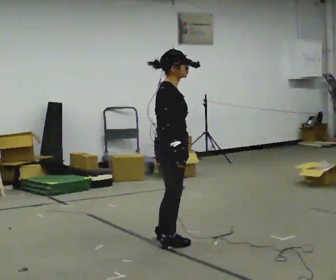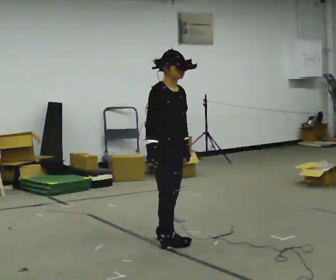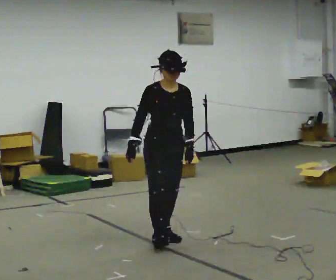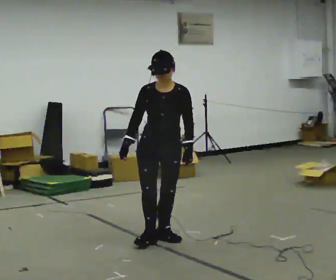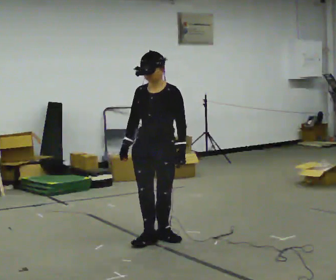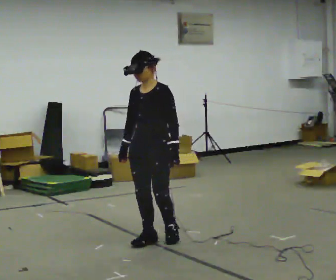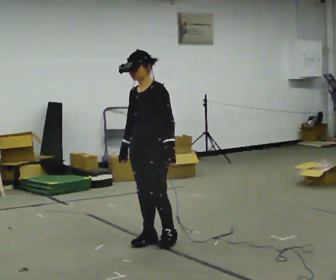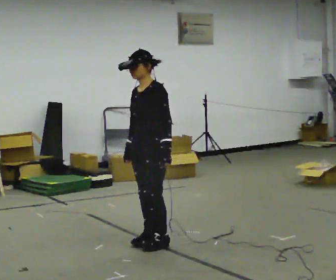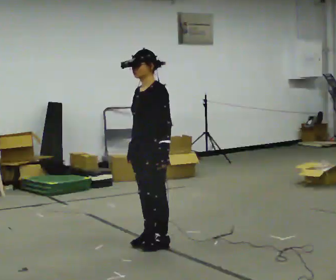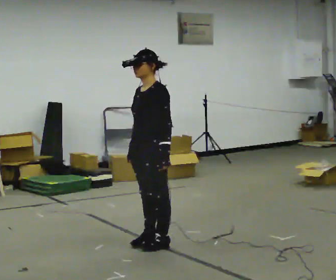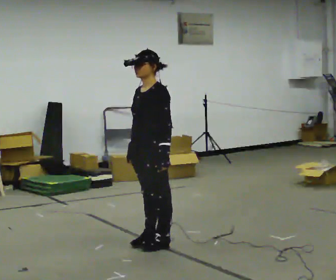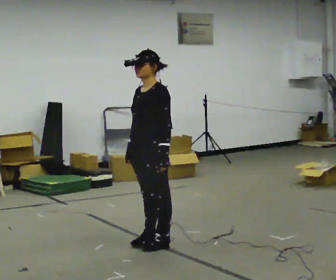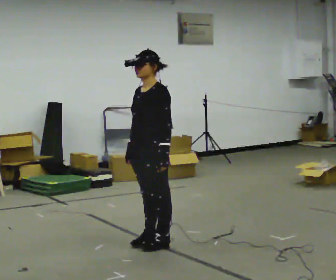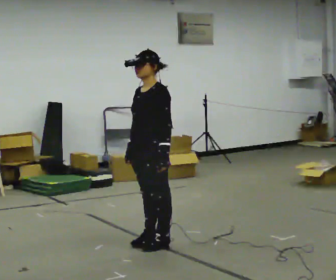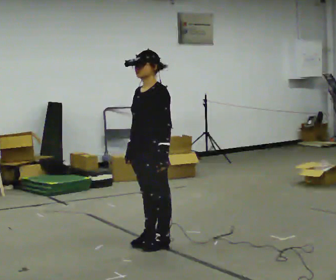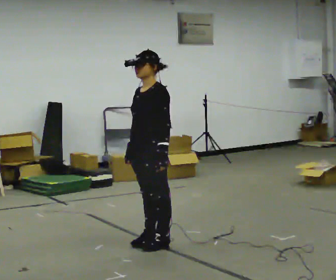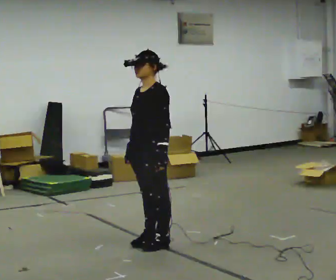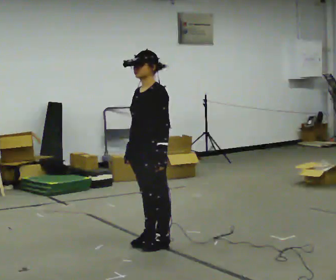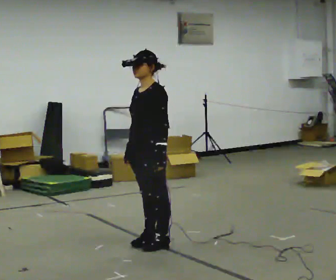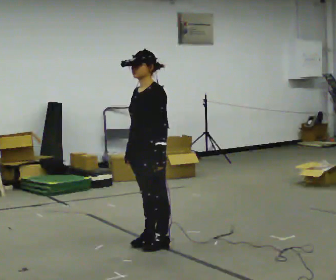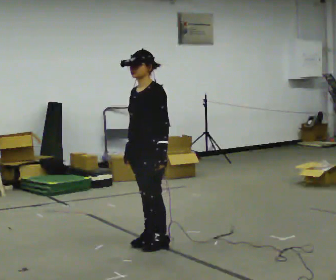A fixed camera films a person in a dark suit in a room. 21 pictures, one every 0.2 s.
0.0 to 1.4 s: The person turns about 150 degrees to their right, clockwise seen from above, so the part of the body nearest the lens slides to the left. In the picture their right hand goes to the left.
1.4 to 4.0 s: The person moves a little, or ends about where they began.
The film runs forward here.
